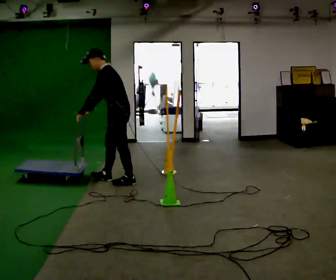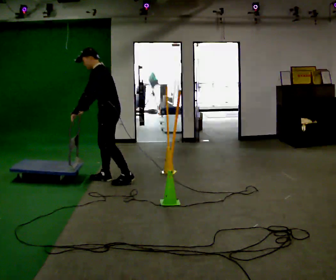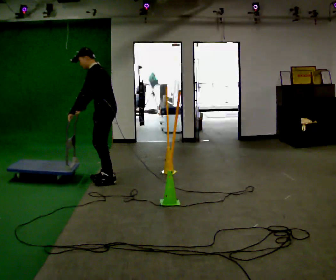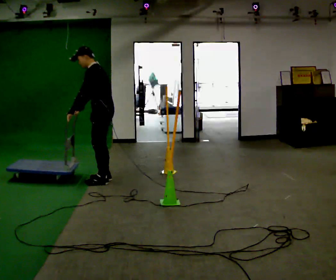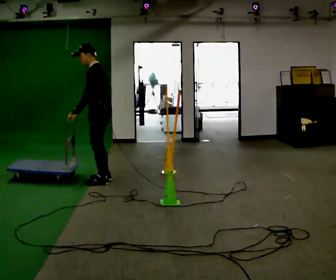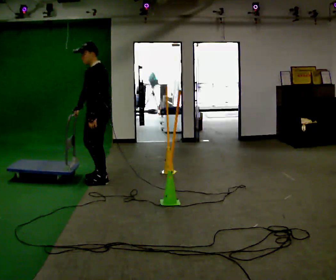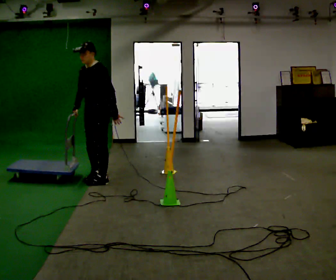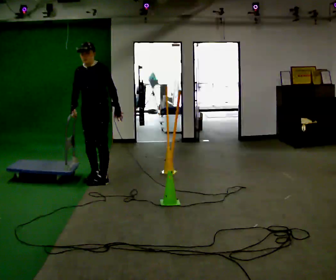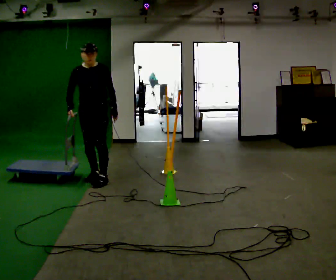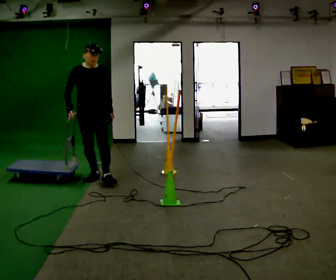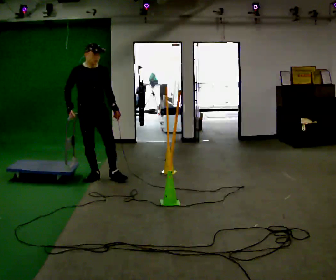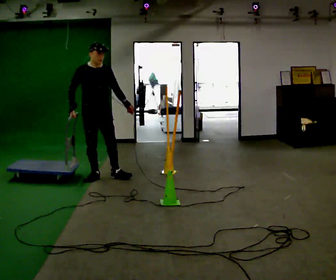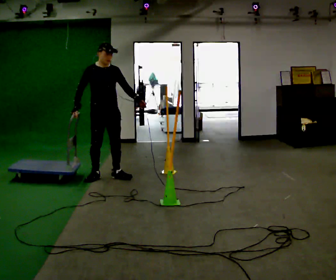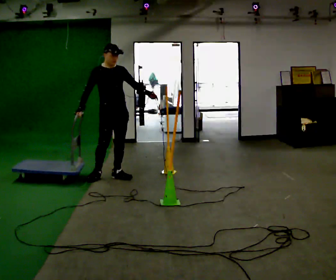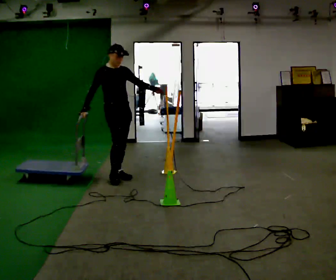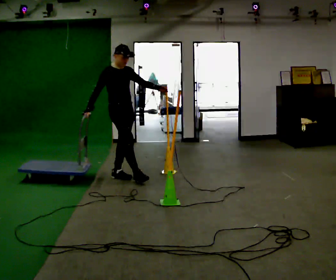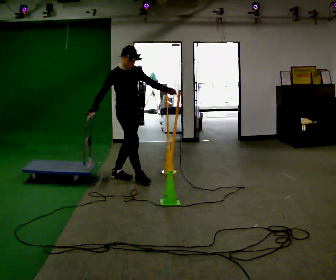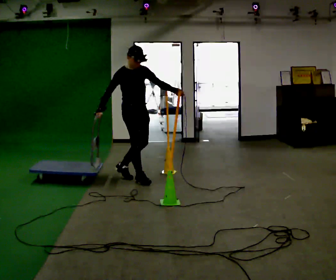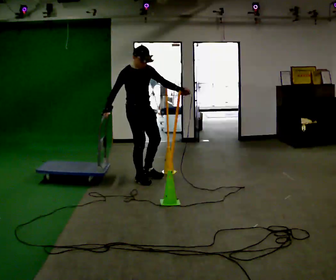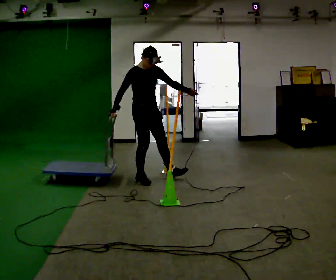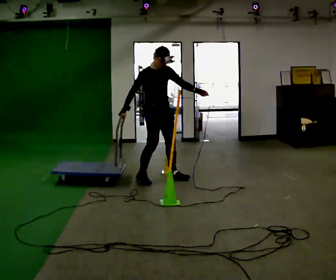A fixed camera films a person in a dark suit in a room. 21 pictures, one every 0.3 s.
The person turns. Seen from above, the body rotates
counterclockwise.
The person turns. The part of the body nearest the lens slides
to the right.
0.0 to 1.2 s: In the picture they go to the left, about 0.25 m in 1 step, which for them is forward.
1.2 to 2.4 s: The part of the body nearest the lens slides to the right as the person turns to their left by about 75 degrees. In the picture their left hand goes to the right, the arm swinging counterclockwise.
2.4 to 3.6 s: The part of the body nearest the lens slides to the right as the person turns to their left by about 30 degrees. In the picture their left hand goes to the right.
3.6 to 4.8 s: Seen from above the body turns counterclockwise, about 30 degrees: to their left, with its near side sliding to the right. In the picture they go to the right, about 0.25 m in 1 step, which for them is forward and to their left.
4.8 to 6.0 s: In the picture they go to the right, about 0.5 m in 1 step, which for them is forward and to their left.
The film runs forward here.
